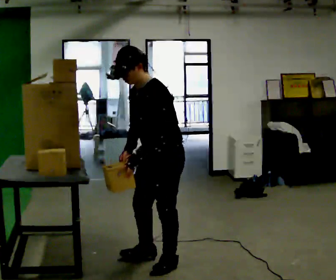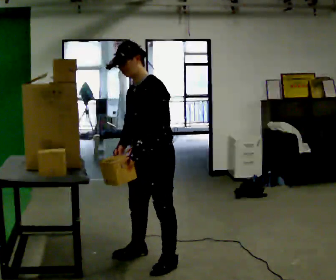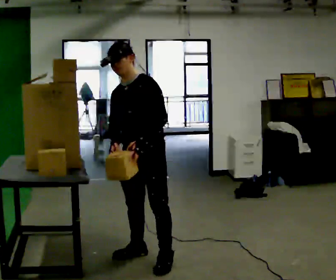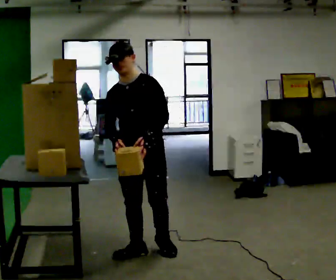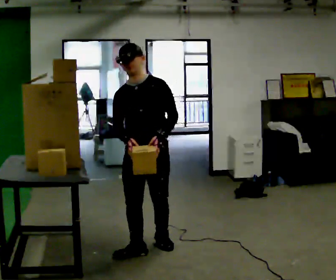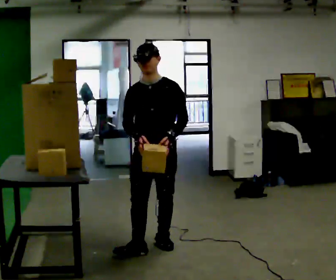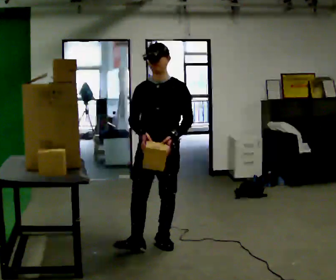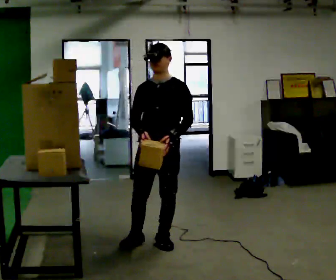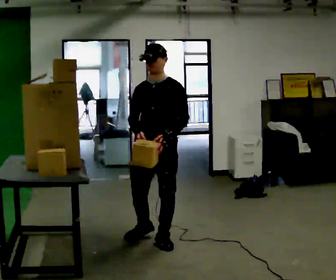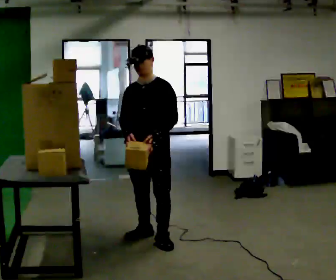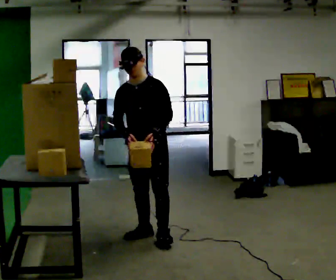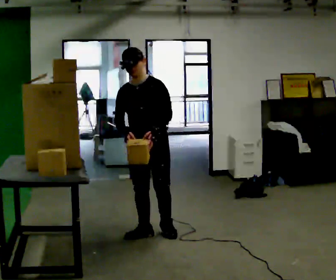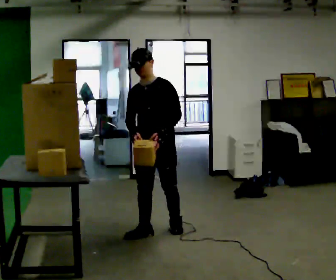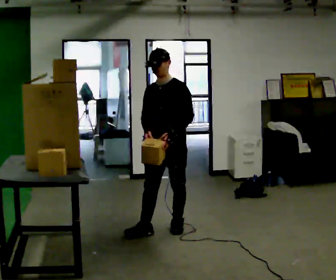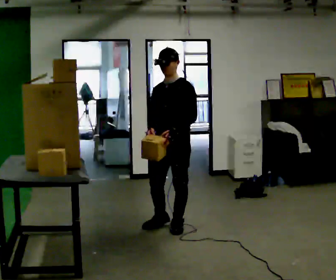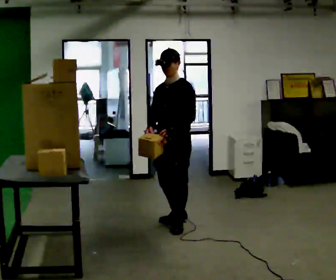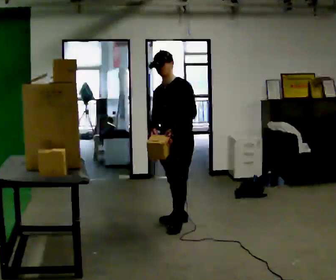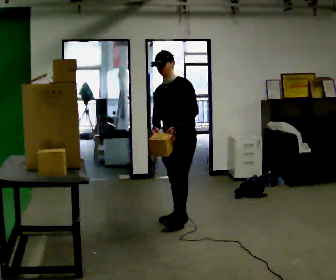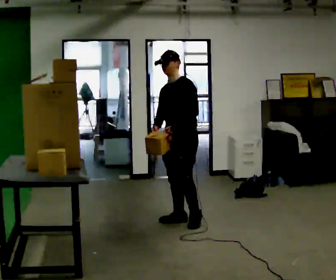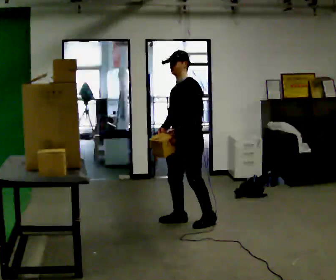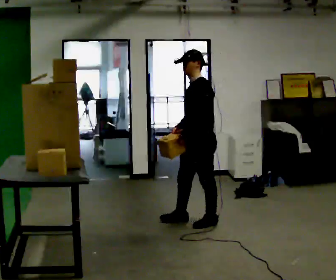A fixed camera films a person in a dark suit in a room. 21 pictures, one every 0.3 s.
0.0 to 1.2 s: Seen from above the body turns counterclockwise, about 60 degrees: to their left, with its near side sliding to the right. In the picture they go away from the camera, about 0.25 m in 2 steps, which for them is to their right and backward.
1.2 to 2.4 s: In the picture they go away from the camera, about 0.25 m in 1 step, which for them is backward.
2.4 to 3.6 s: In the picture they go away from the camera, about 0.25 m in 1 step, which for them is backward.
3.6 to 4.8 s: The person turns about 30 degrees to their right, clockwise seen from above, so the part of the body nearest the lens slides to the left. In the picture they go away from the camera and to the right, about 0.5 m in 1 step, which for them is backward.
4.8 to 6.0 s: Seen from above the body turns clockwise, about 30 degrees: to their right, with its near side sliding to the left. In the picture they go to the right, about 0.25 m in 2 steps, which for them is to their left.
The film runs backward here.
